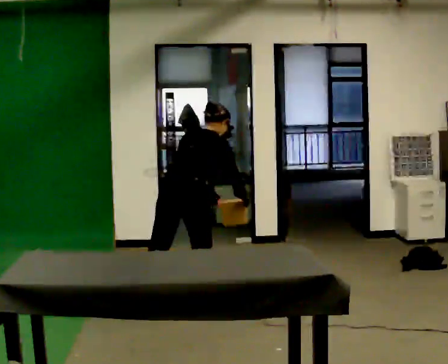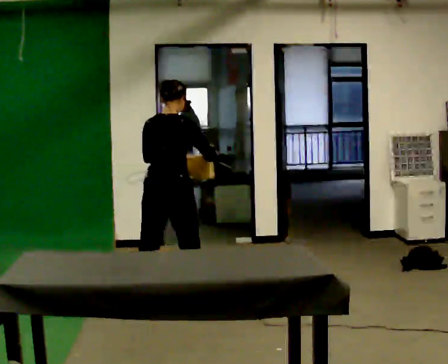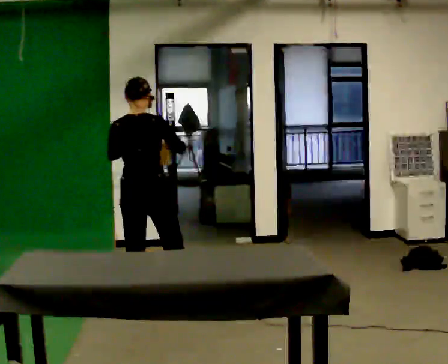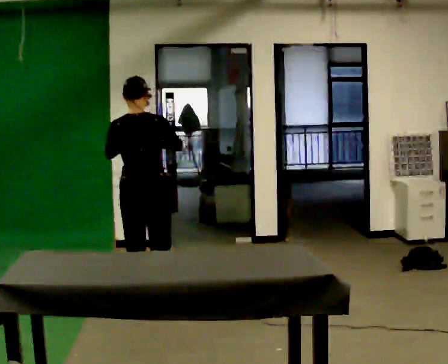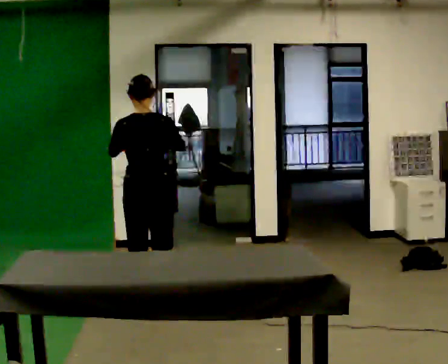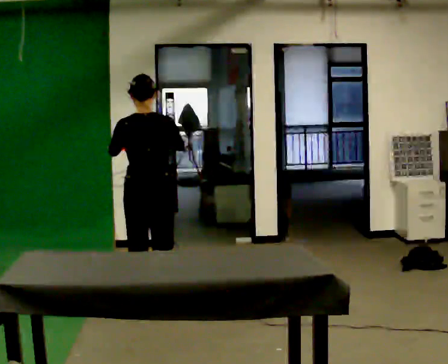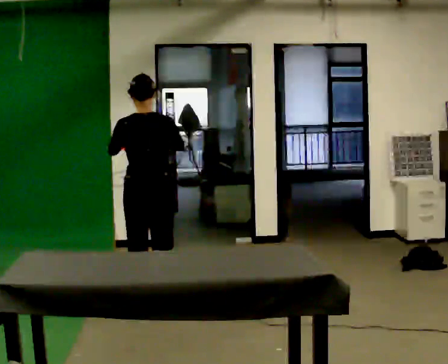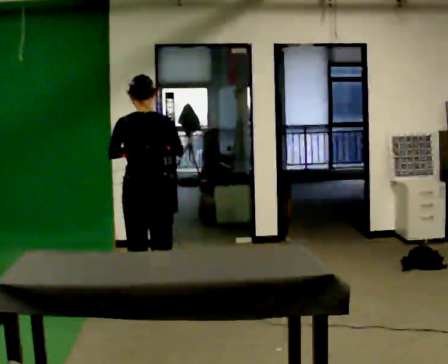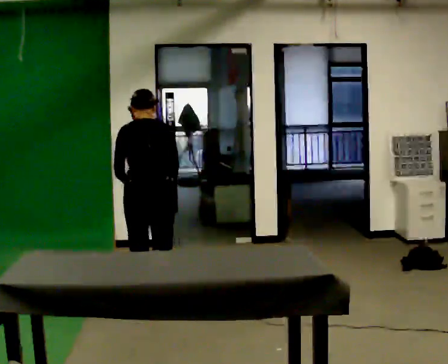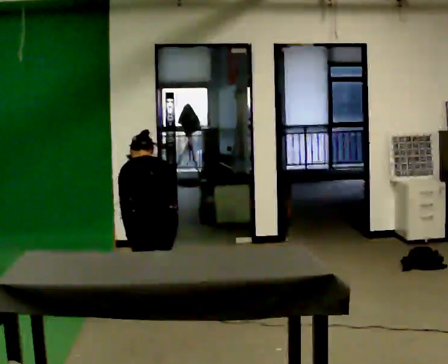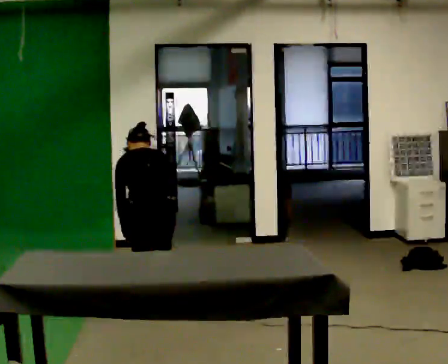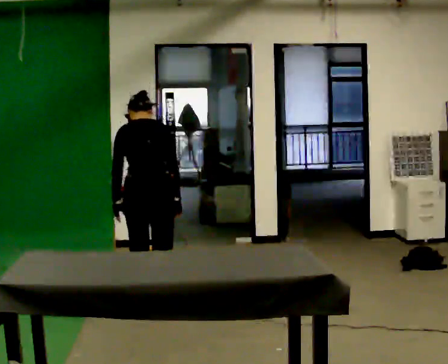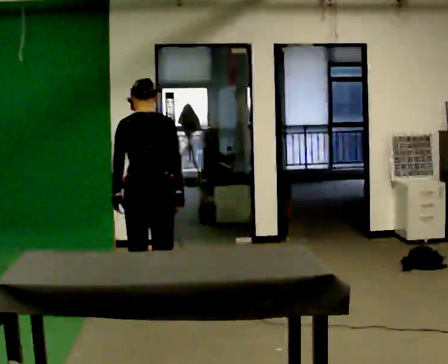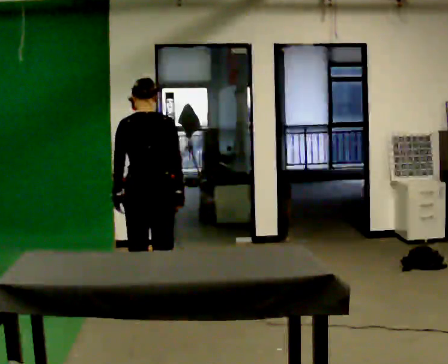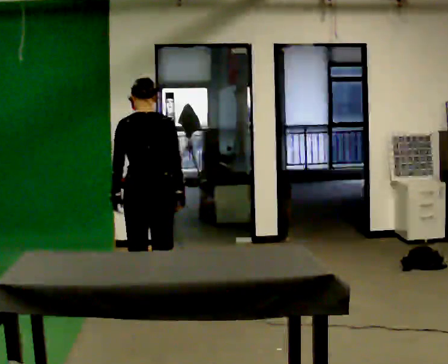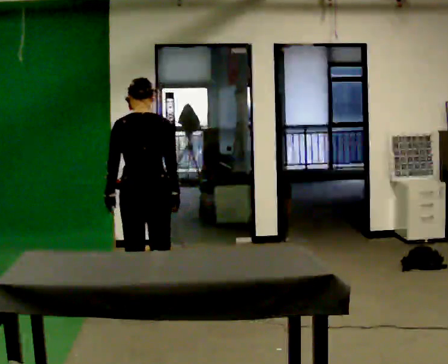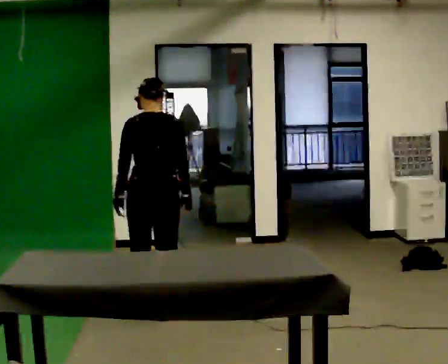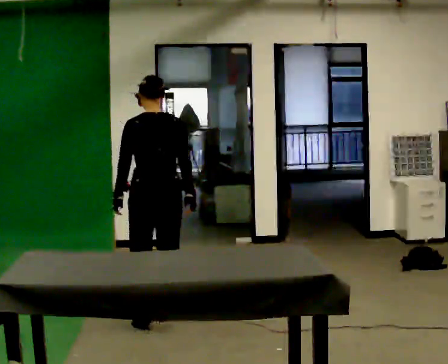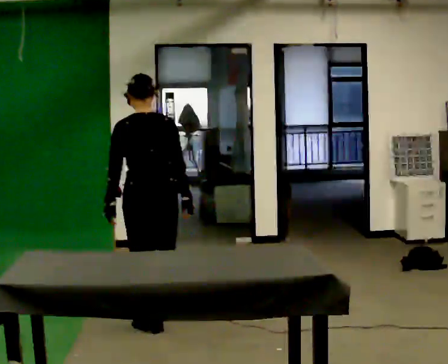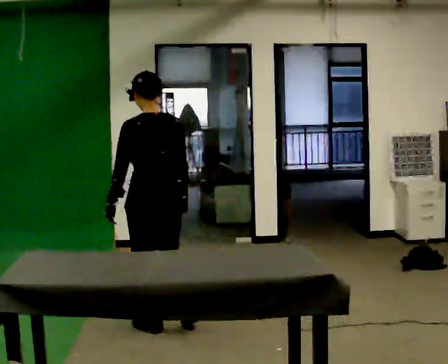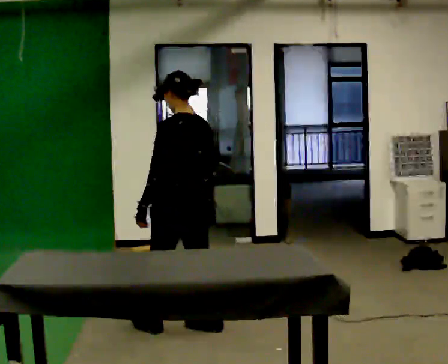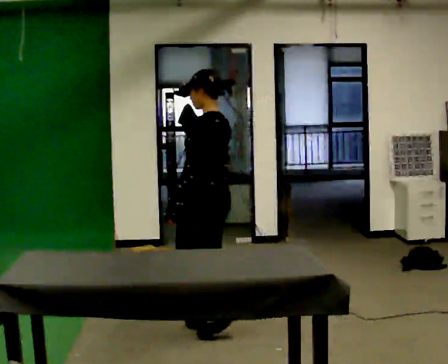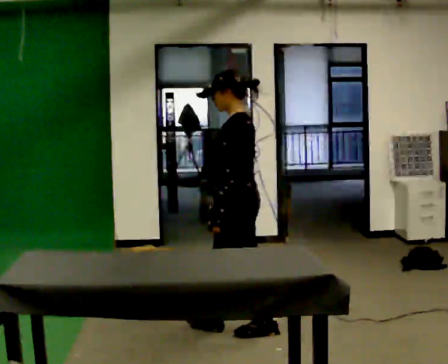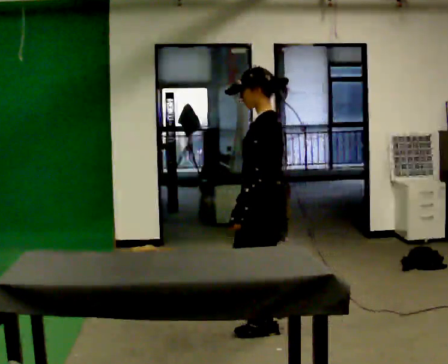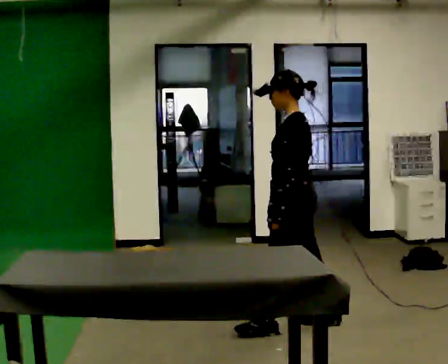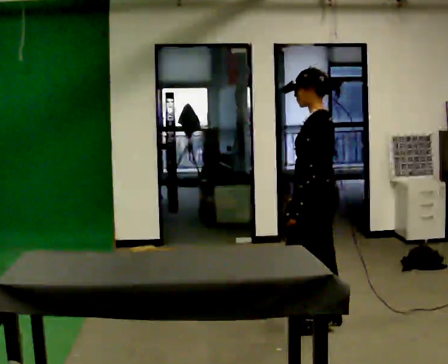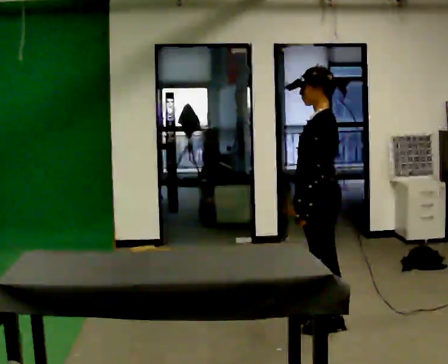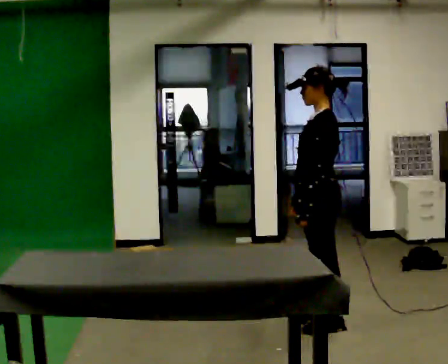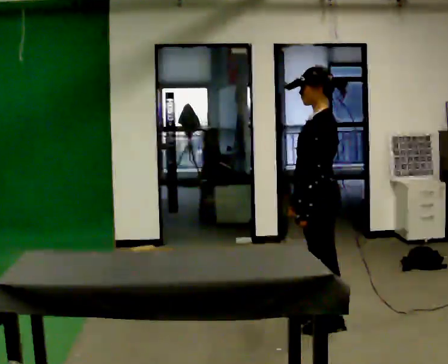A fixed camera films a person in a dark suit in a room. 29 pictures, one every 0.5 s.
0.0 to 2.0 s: The person turns about 30 degrees to their left, counterclockwise seen from above, so the part of the body nearest the lens slides to the right. In the picture they go to the left, about 0.25 m in 1 step, which for them is to their left. The upper body goes upward. The upper body tips toward the camera, its near side rolling downward, as they lean back or straighten. In the picture their right hand goes to the left and upward.
2.0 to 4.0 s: The upper body tips away from the camera, its near side rolling upward, as they bend forward. In the picture their right hand goes downward.
4.0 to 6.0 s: The person moves a little, or ends about where they began.
6.0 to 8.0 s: In the picture they go toward the camera, about 0.25 m in 1 step, which for them is backward.
8.0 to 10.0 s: The part of the body nearest the lens slides to the right as the person turns to their left by about 30 degrees. In the picture they go toward the camera and to the right, about 0.25 m in 2 steps, which for them is backward and to their right.
10.0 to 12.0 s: The part of the body nearest the lens slides to the right as the person turns to their left by about 30 degrees. In the picture they go to the right, about 0.75 m in 2 steps, which for them is backward.
12.0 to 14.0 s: The person moves a little, or ends about where they began.
The film runs backward here.
